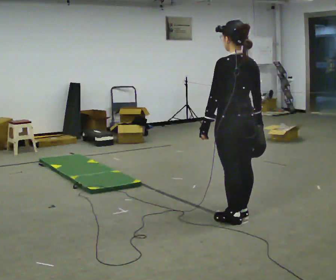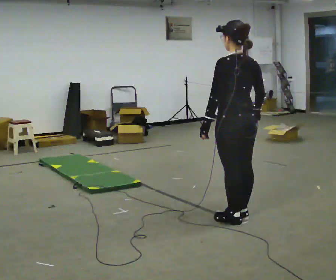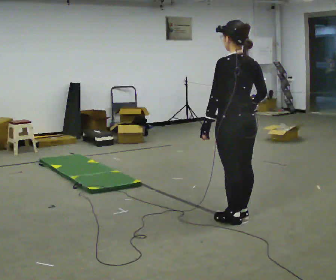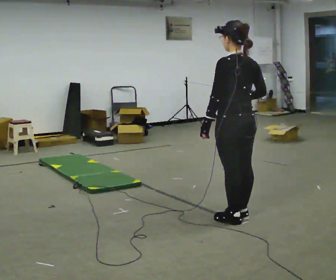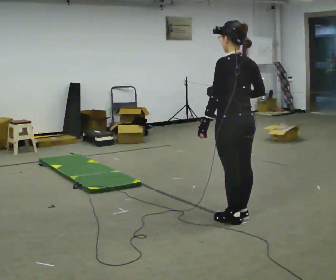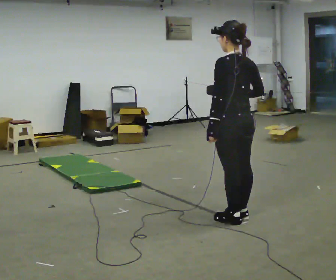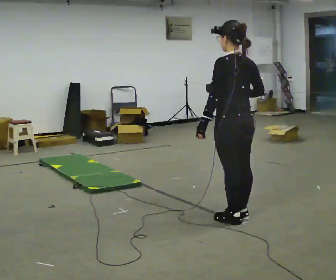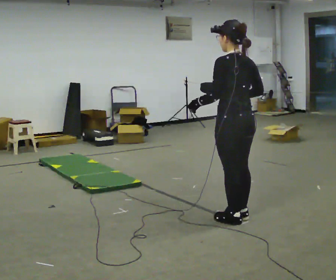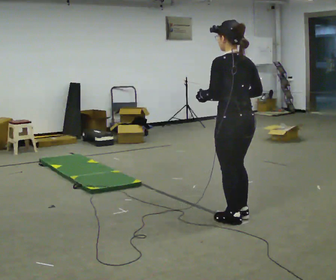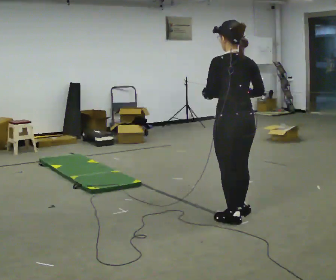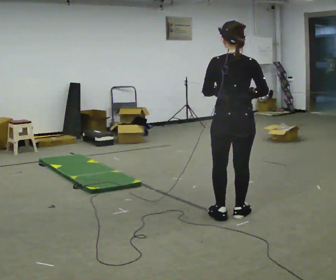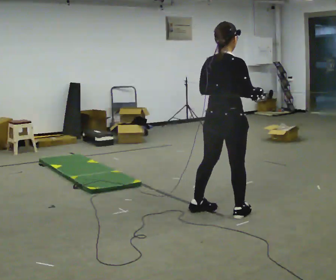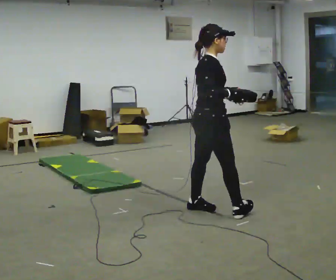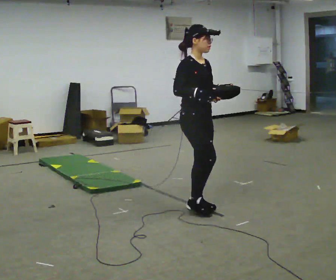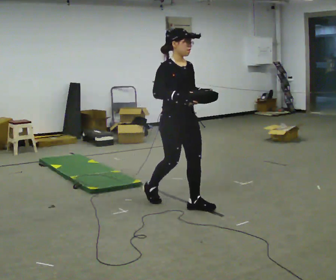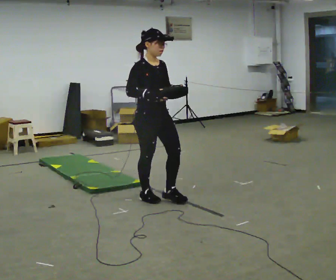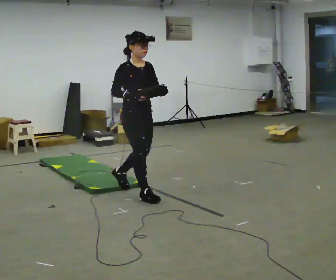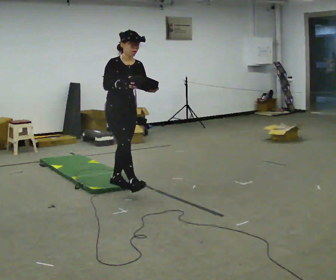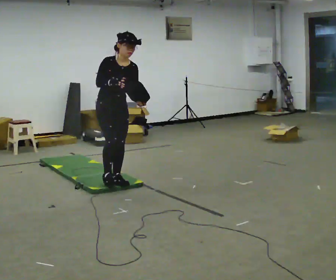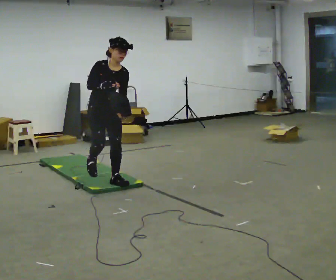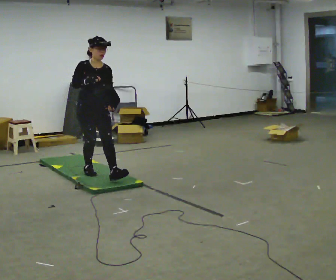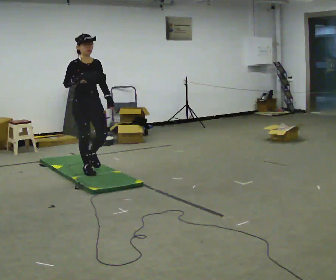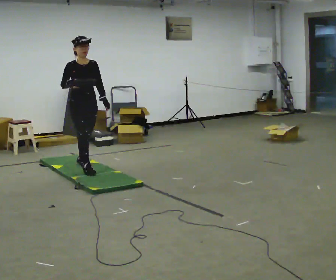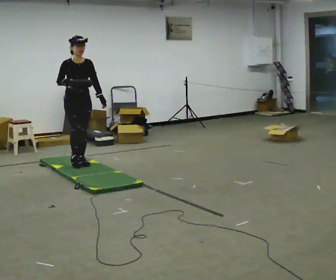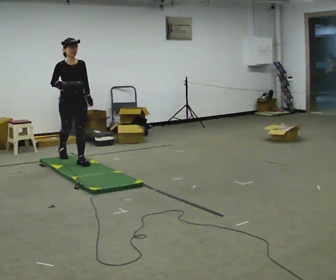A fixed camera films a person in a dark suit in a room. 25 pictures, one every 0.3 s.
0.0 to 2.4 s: The person moves a little, or ends about where they began.
2.4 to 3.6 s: The part of the body nearest the lens slides to the left as the person turns to their right by about 105 degrees. In the picture they go to the left and away from the camera, about 0.25 m in 1 step.
3.6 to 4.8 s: The person turns about 60 degrees to their right, clockwise seen from above, so the part of the body nearest the lens slides to the left. In the picture they go to the left and away from the camera, about 1 m in 2 steps.
4.8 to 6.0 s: In the picture they go to the left and away from the camera, about 1 m in 2 steps, which for them is backward.
6.0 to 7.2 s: In the picture they go away from the camera and to the left, about 1 m in 1 step, which for them is backward.
The film runs backward here.
